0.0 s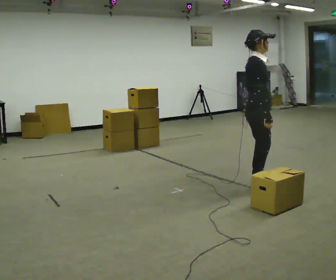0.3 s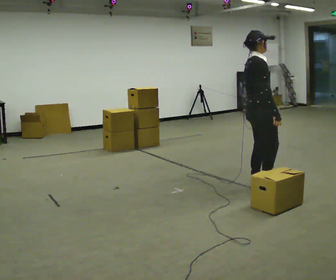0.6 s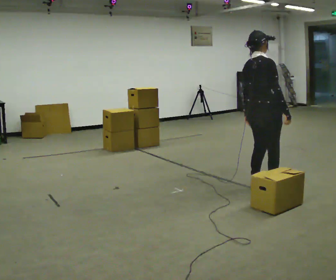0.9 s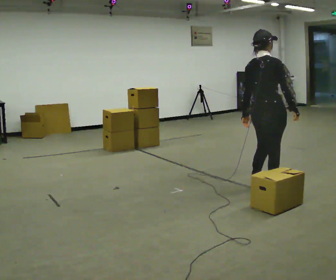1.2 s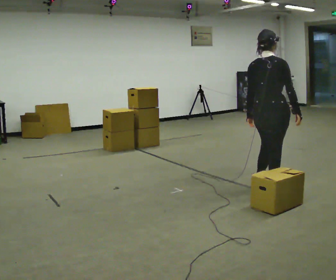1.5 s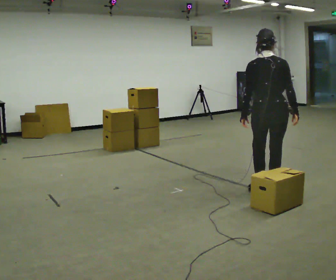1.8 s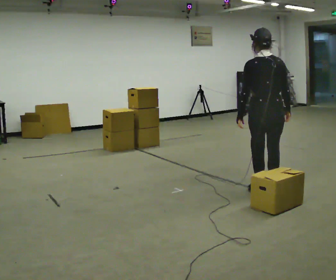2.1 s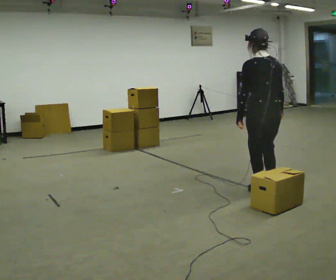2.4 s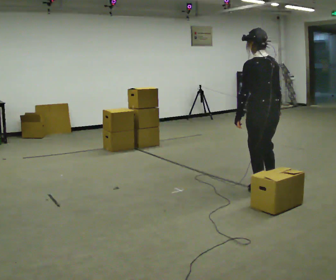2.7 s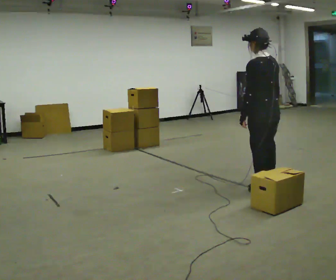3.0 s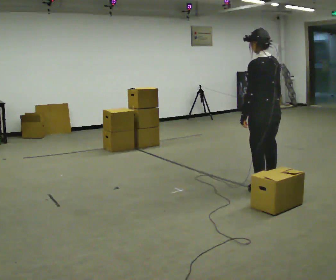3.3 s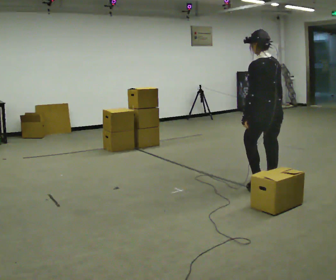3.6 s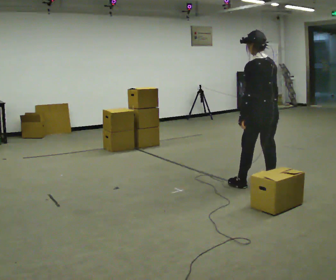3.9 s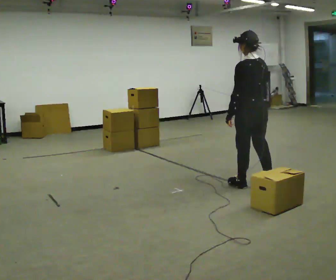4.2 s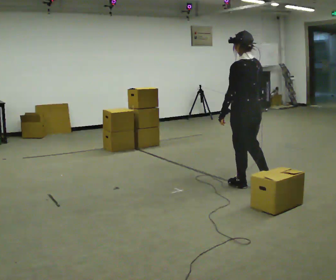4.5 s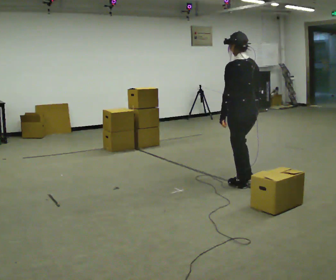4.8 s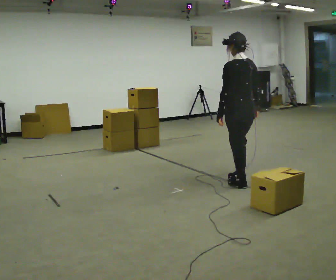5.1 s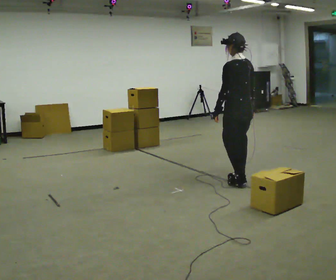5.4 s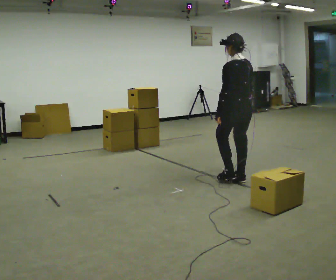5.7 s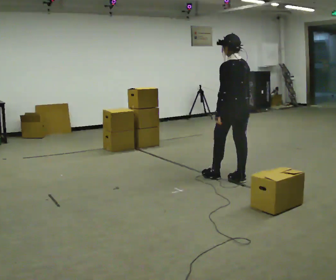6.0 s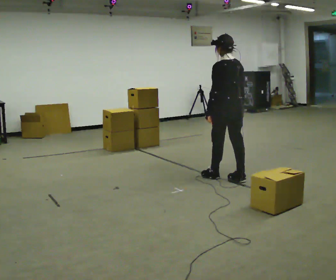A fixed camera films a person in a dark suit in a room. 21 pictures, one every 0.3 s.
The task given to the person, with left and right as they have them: Carry the box and, while you are still walking, turn it so you can read the label, read it out loud, then carry on. Repeat with the next box. Do not stop to read it.
0.0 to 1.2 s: Seen from above the body turns counterclockwise, about 75 degrees: to their left, with its near side sliding to the right. In the picture their right hand goes to the right.
1.2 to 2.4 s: The part of the body nearest the lens slides to the right as the person turns to their left by about 60 degrees.
2.4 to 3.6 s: The person moves a little, or ends about where they began.
3.6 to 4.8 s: In the picture they go to the left, about 0.25 m in 1 step, which for them is forward.
4.8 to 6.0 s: In the picture they go away from the camera and to the left, about 0.25 m in 1 step, which for them is forward.
The film runs forward here.
